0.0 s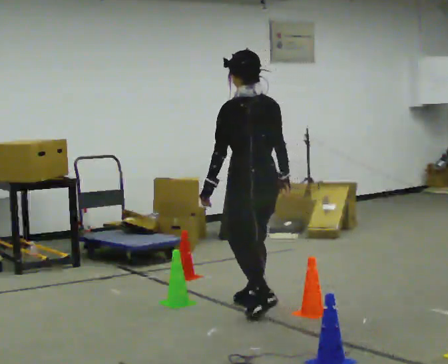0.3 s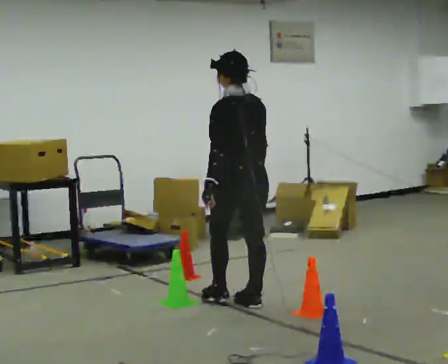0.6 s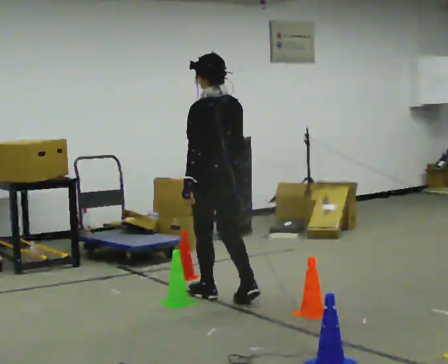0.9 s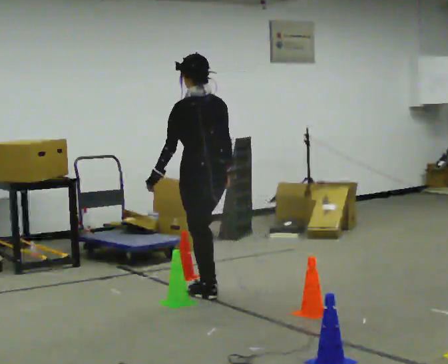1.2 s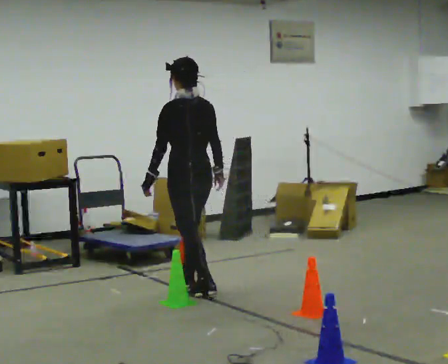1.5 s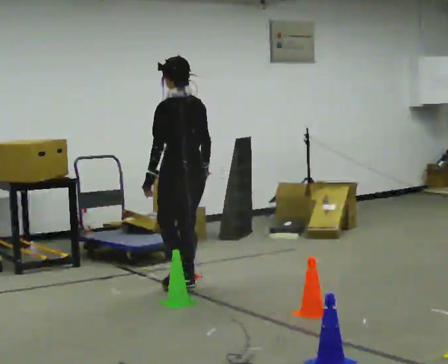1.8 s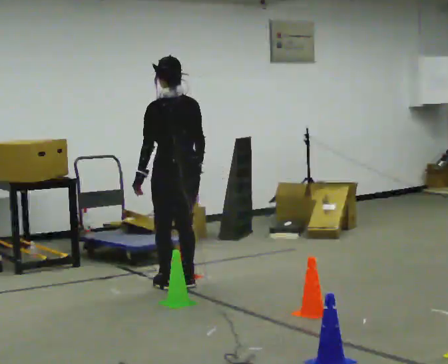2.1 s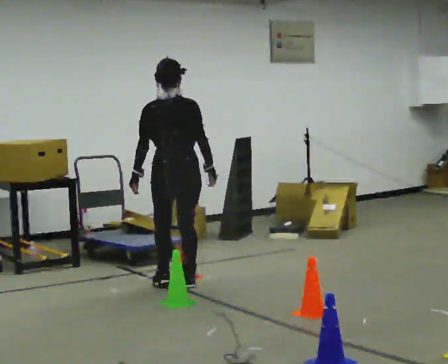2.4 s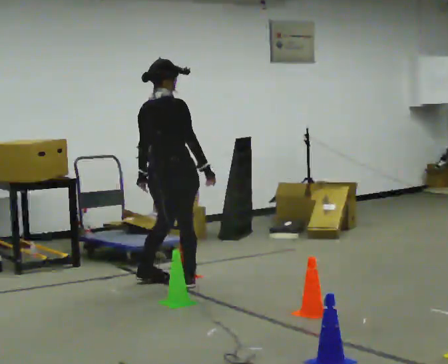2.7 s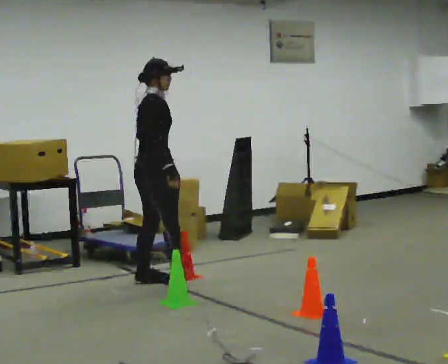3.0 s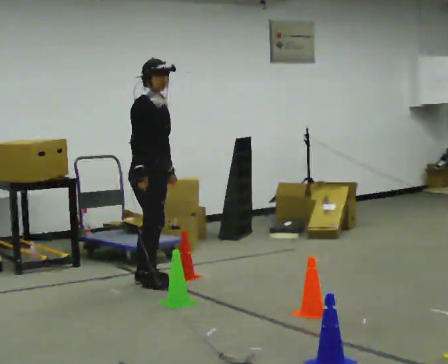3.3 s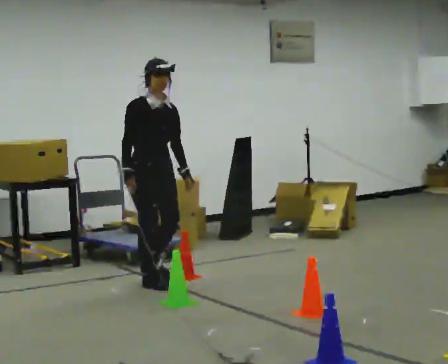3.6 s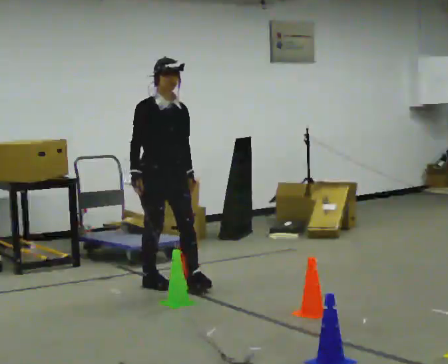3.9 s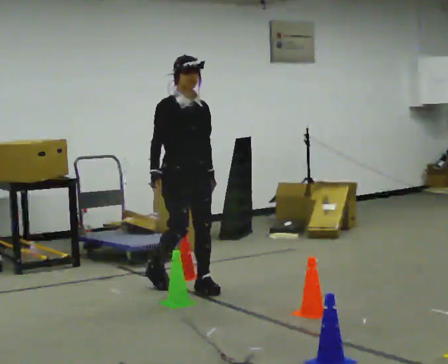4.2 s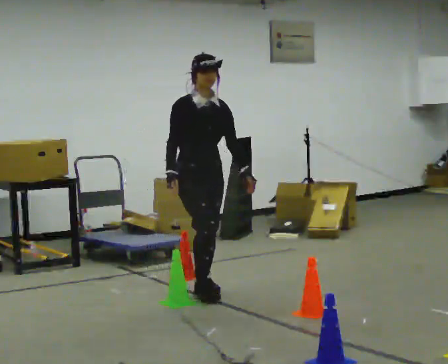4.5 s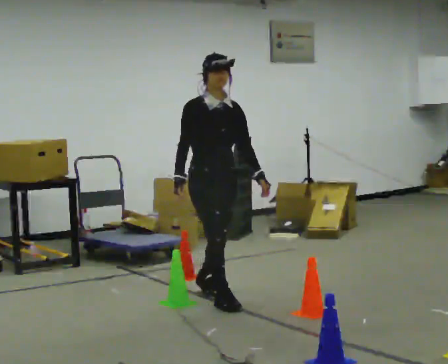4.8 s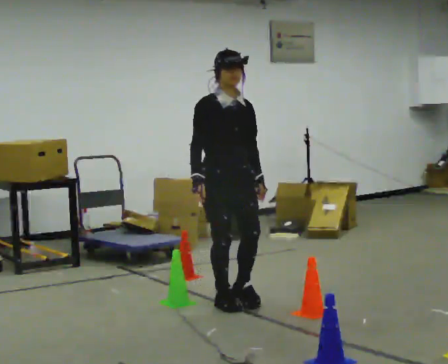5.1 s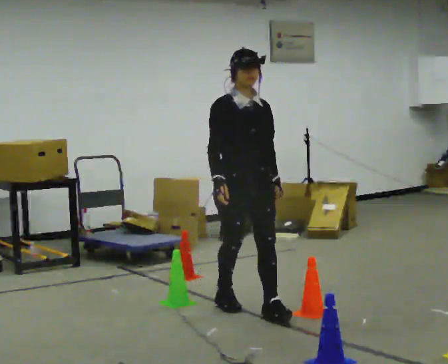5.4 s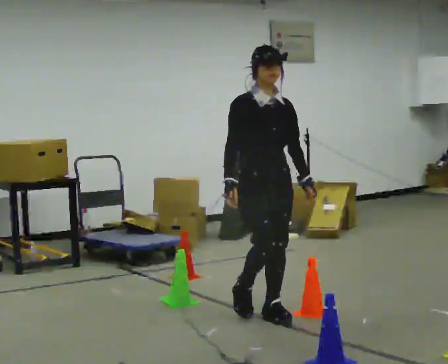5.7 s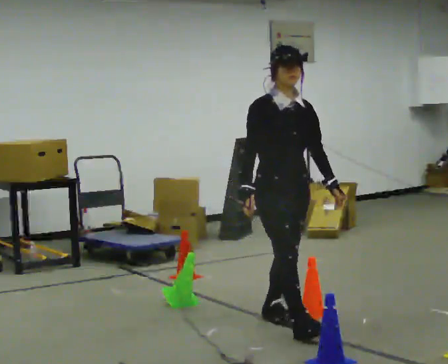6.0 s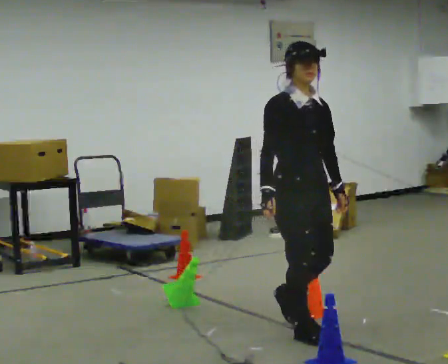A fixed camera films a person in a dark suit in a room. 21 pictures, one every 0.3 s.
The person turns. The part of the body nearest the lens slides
to the left.
The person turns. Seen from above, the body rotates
clockwise.
0.0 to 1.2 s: In the picture they go away from the camera and to the left, about 0.75 m in 2 steps, which for them is forward.
1.2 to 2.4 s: The part of the body nearest the lens slides to the left as the person turns to their right by about 75 degrees. In the picture they go away from the camera and to the left, about 0.25 m in 2 steps.
2.4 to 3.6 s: Seen from above the body turns clockwise, about 105 degrees: to their right, with its near side sliding to the left. In the picture their right hand goes to the left, the arm swinging clockwise.
3.6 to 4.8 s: In the picture they go toward the camera and to the right, about 0.5 m in 2 steps, which for them is forward.
4.8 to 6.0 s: In the picture they go toward the camera and to the right, about 1 m in 2 steps, which for them is forward.
The film runs forward here.
